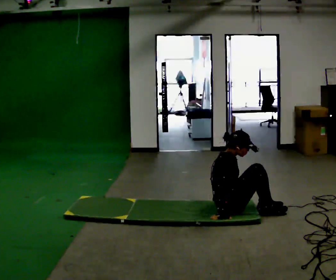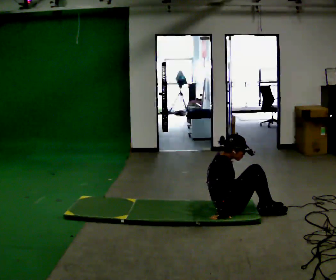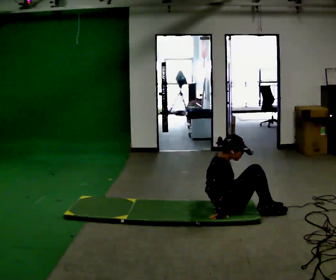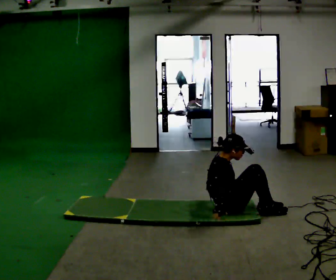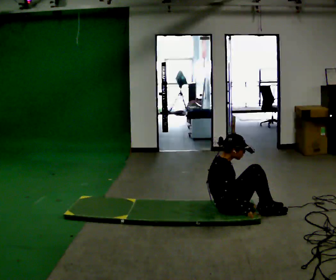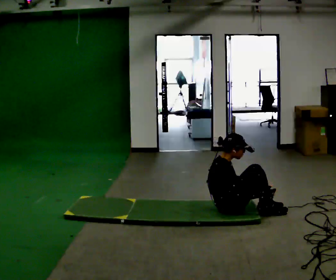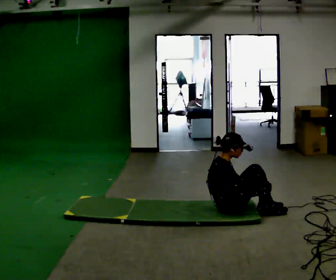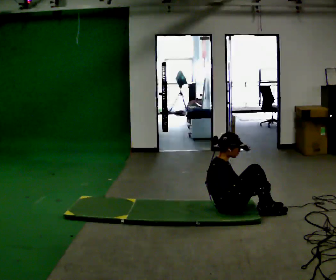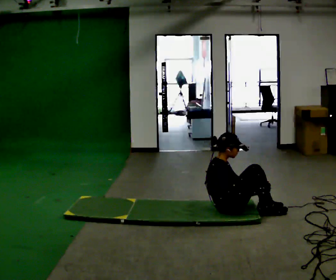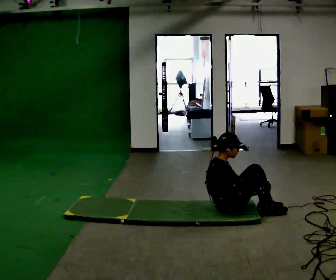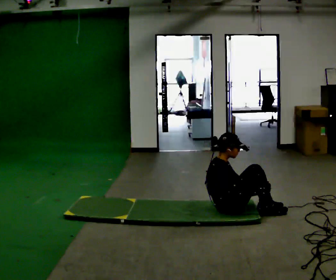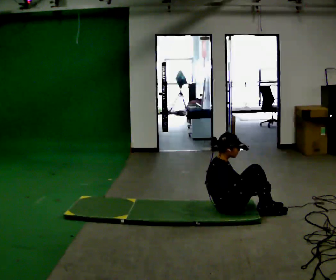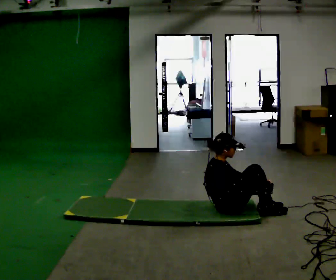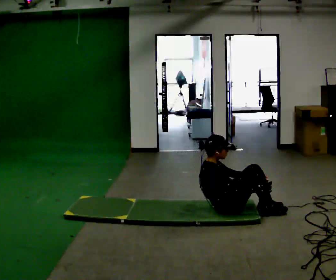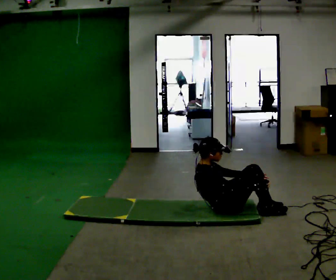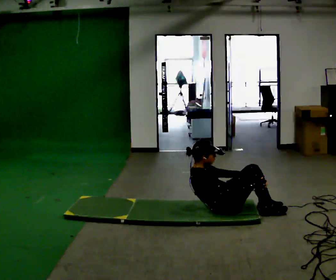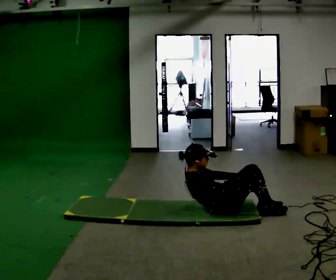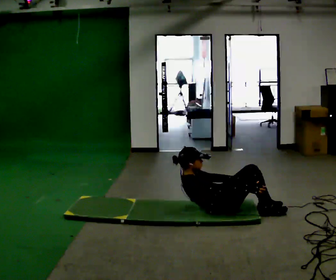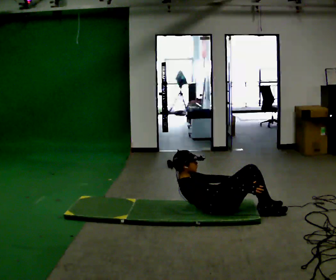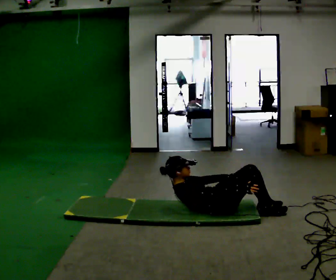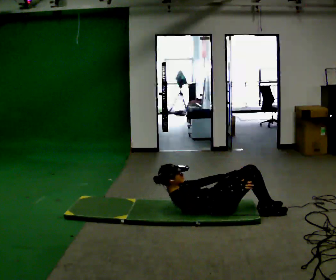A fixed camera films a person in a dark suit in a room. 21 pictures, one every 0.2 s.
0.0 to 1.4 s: In the picture their left hand goes to the right, the arm swinging counterclockwise.
1.4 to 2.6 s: The person moves a little, or ends about where they began.
2.6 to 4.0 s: The upper body goes downward. In the picture the upper body tilts counterclockwise, shoulders to the left, as they lean back or straighten.
The film runs backward here.
